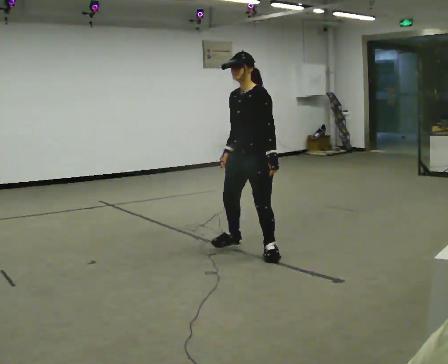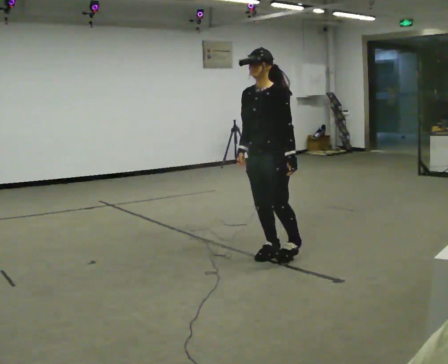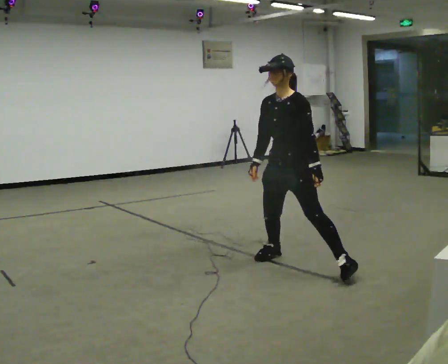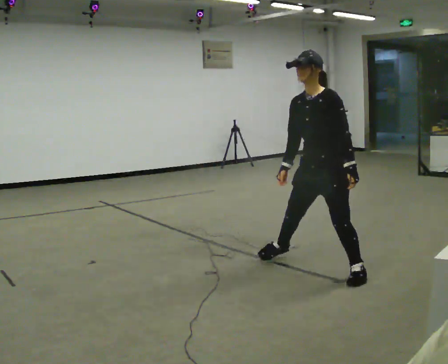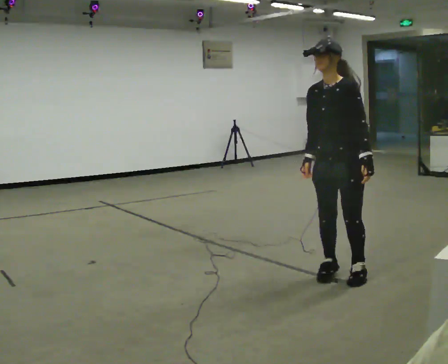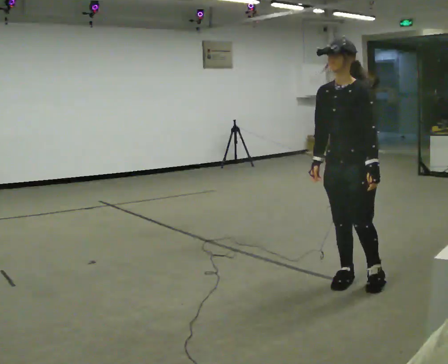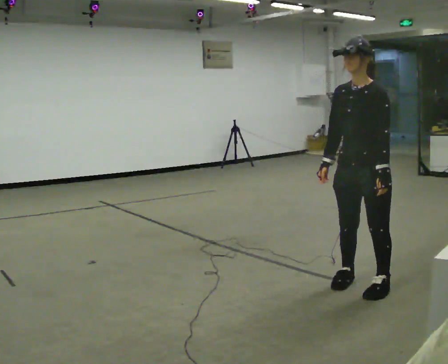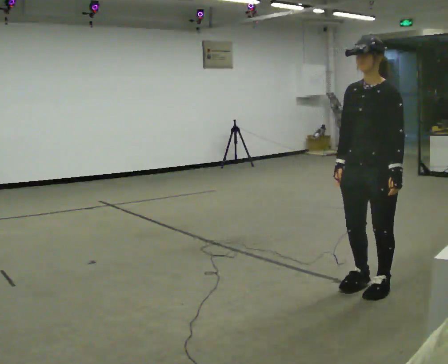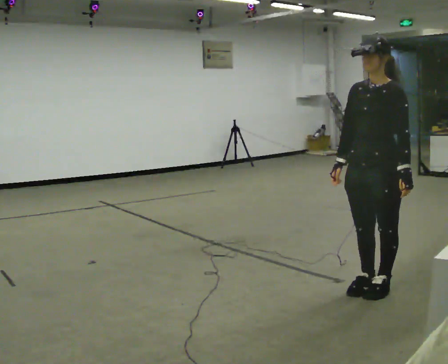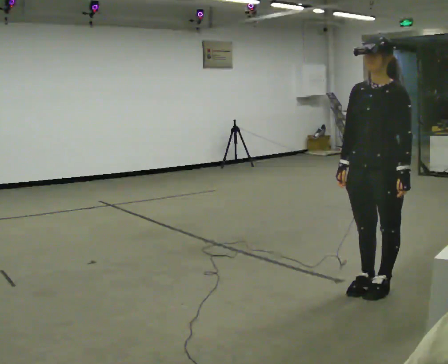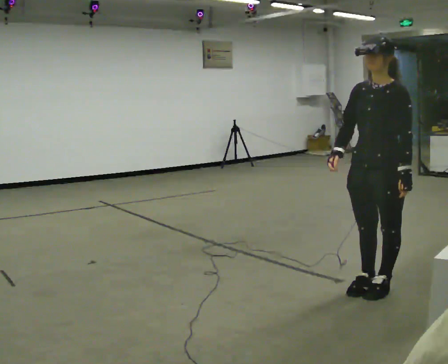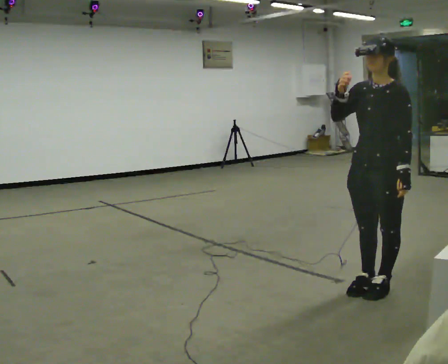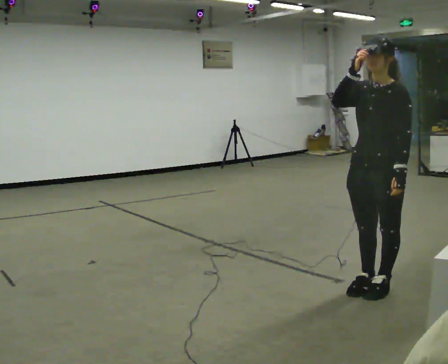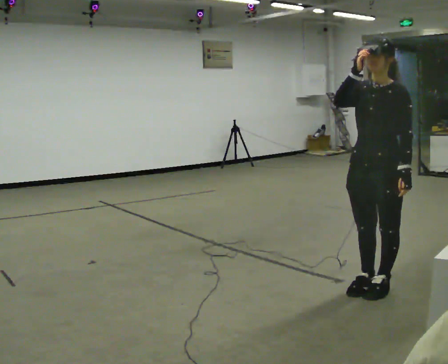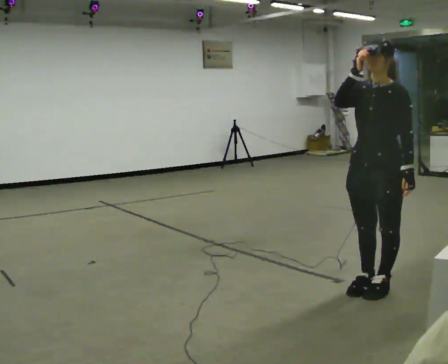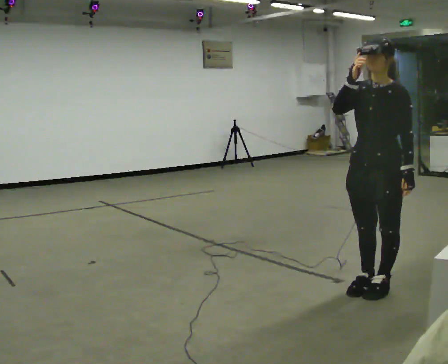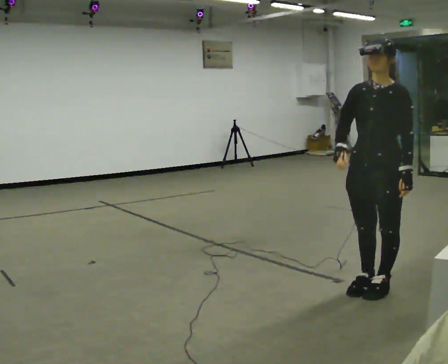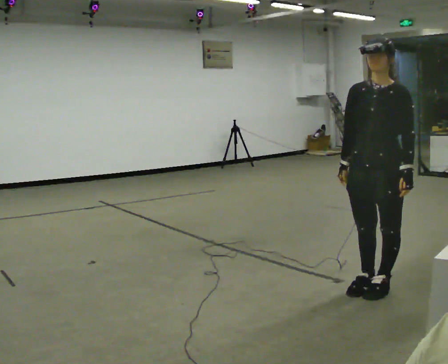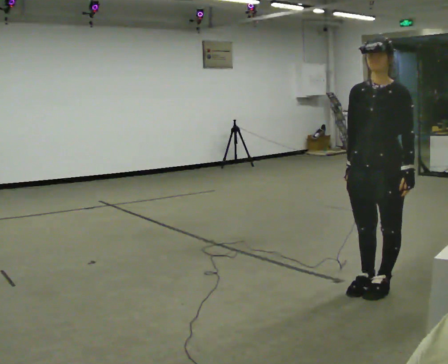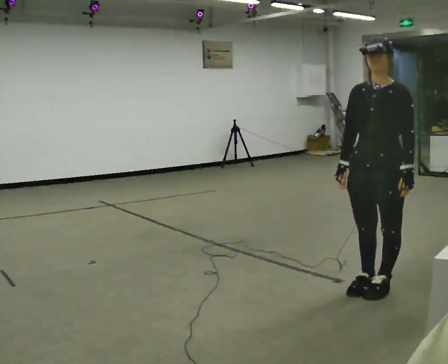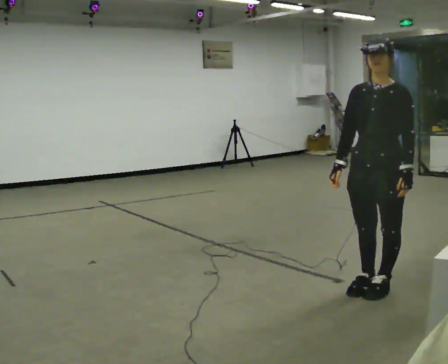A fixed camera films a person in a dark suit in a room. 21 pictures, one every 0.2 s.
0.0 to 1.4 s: In the picture they go to the right and toward the camera, about 1 m in 4 steps, which for them is to their left.
1.4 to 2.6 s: In the picture their right hand goes upward.
2.6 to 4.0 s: In the picture their right hand goes downward.
The film runs forward here.
